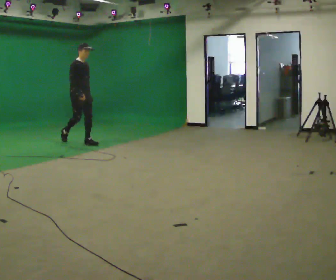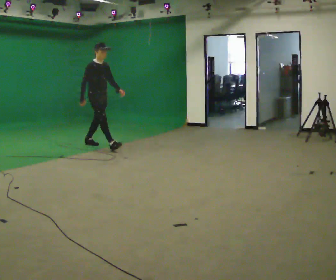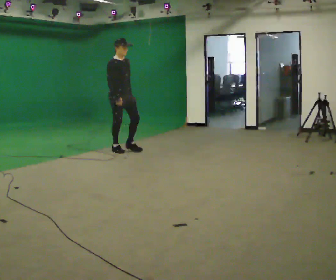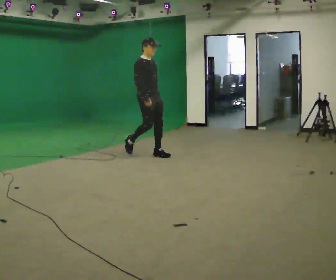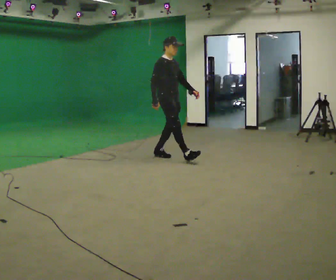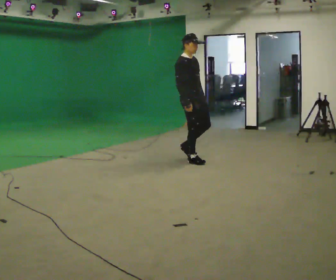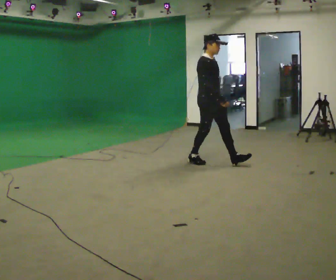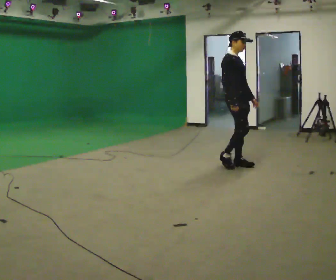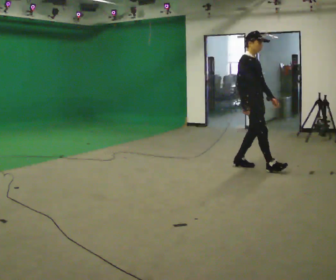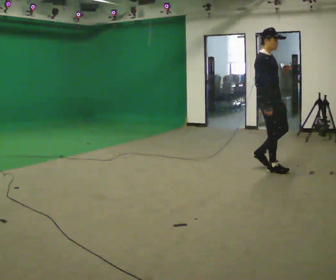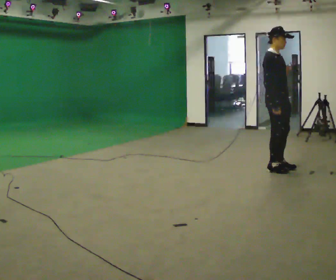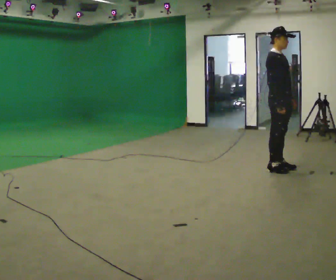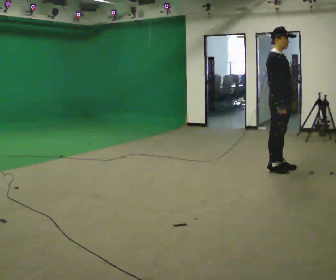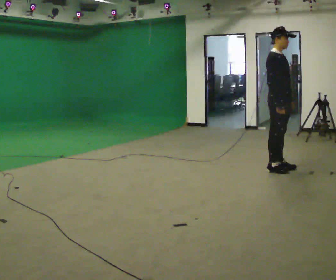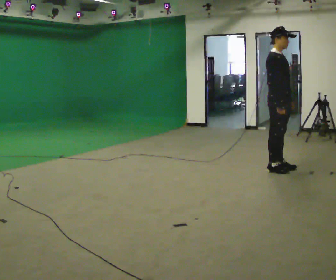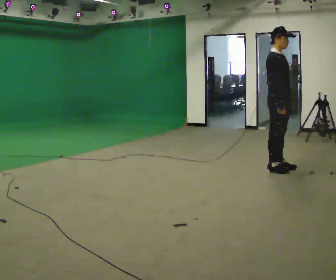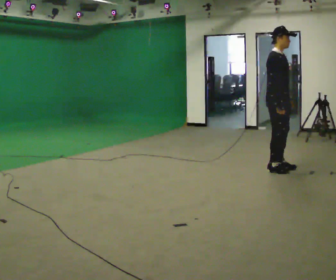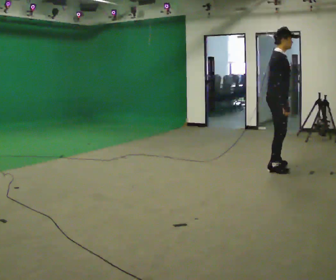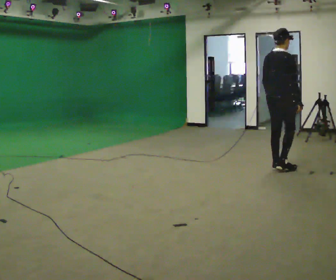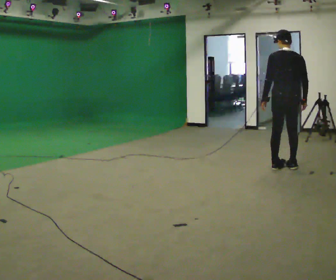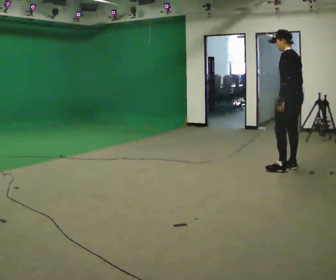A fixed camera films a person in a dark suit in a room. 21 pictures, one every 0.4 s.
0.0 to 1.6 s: In the picture they go to the right, about 2 m in 2 steps, which for them is forward.
1.6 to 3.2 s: In the picture they go to the right, about 1 m in 3 steps, which for them is forward.
3.2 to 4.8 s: In the picture they go to the right, about 0.25 m in 1 step, which for them is forward.
4.8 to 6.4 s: The person moves a little, or ends about where they began.
6.4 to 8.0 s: The person turns about 180 degrees to their left, counterclockwise seen from above, so the part of the body nearest the lens slides to the right. In the picture they go to the right, about 0.25 m in 2 steps.
The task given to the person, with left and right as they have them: Start at normal speed; gradually slow over several steps; stop gently.
The film runs forward here.
